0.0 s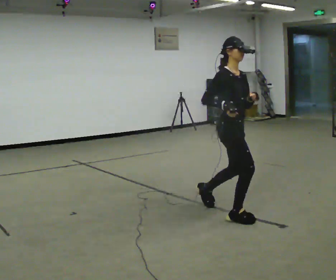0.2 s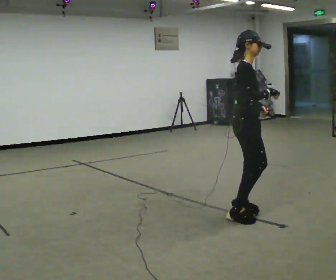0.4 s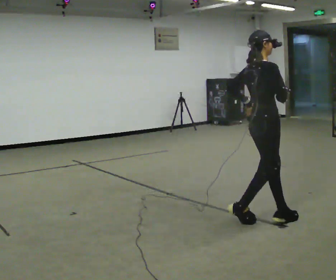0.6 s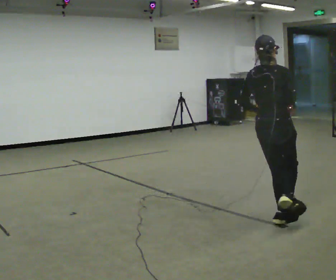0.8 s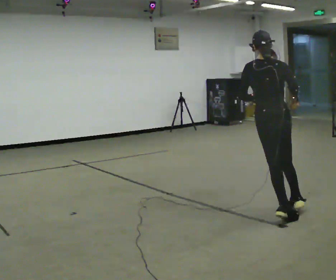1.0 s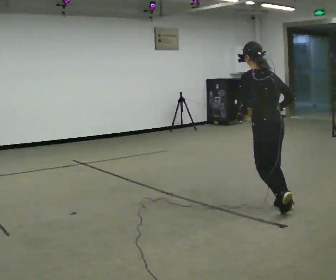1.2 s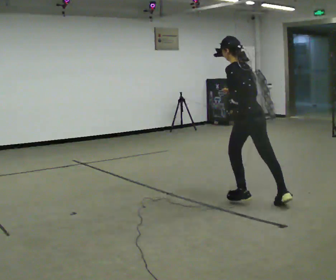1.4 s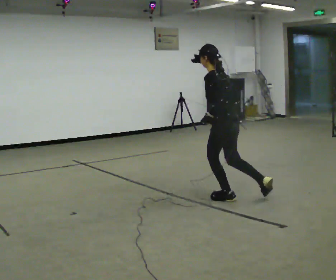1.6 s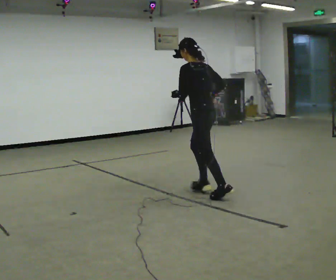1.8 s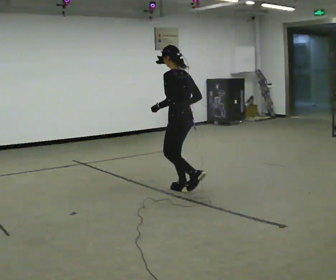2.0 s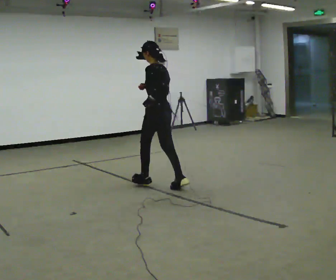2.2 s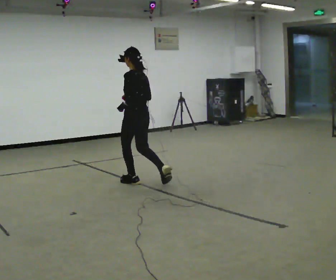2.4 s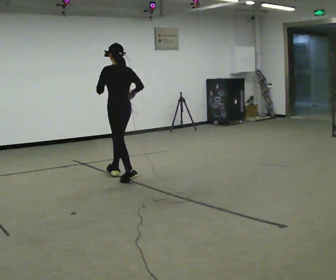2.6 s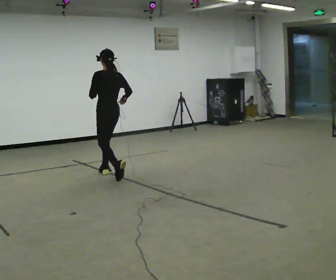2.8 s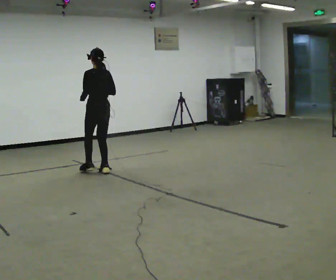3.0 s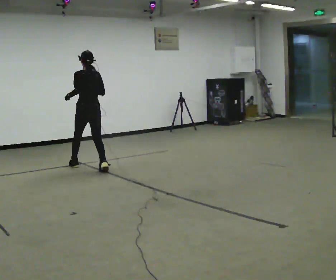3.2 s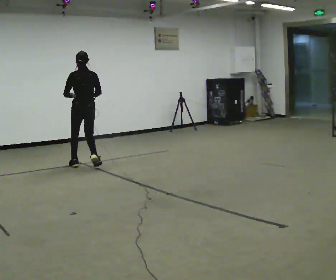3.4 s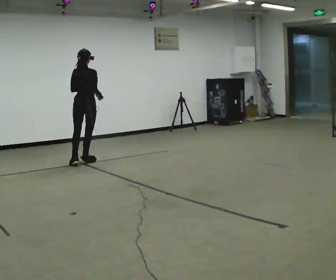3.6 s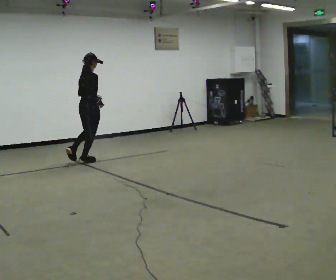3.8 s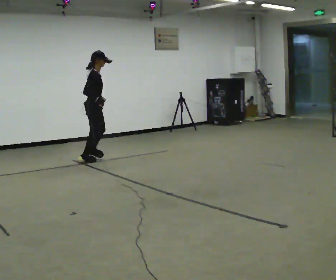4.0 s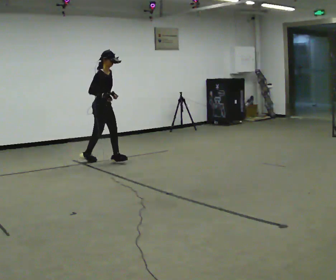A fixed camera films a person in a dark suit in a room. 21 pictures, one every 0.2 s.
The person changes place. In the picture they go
away from the camera.
0.0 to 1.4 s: The person turns about 165 degrees to their left, counterclockwise seen from above, so the part of the body nearest the lens slides to the right. In the picture they go away from the camera, about 0.5 m in 3 steps.
1.4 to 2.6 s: In the picture they go away from the camera and to the left, about 2 m in 3 steps, which for them is forward.
2.6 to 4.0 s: The person turns about 150 degrees to their right, clockwise seen from above, so the part of the body nearest the lens slides to the left. In the picture they go away from the camera, about 0.5 m in 2 steps.
The film runs forward here.
